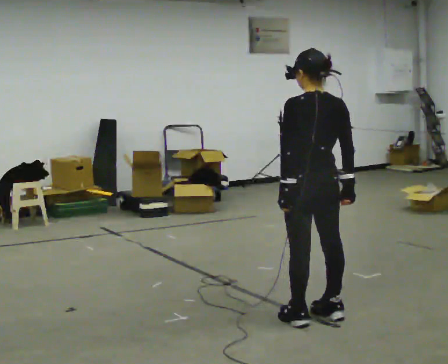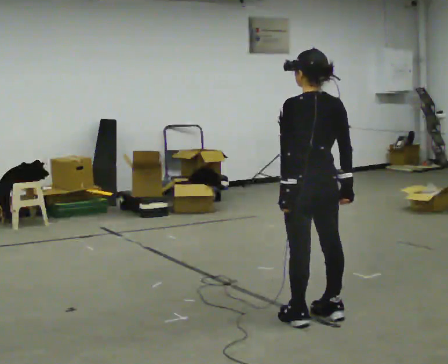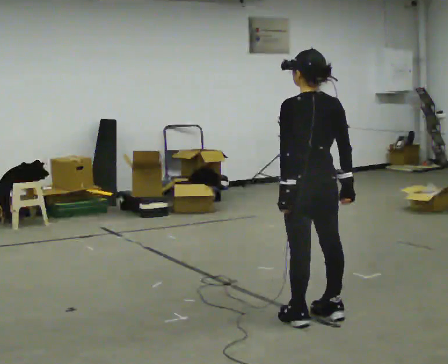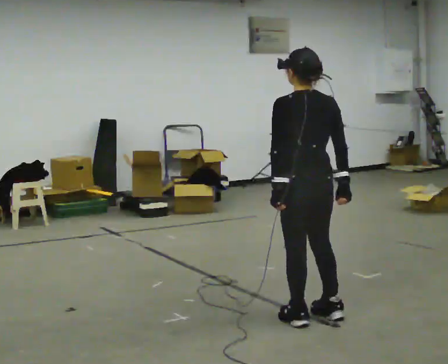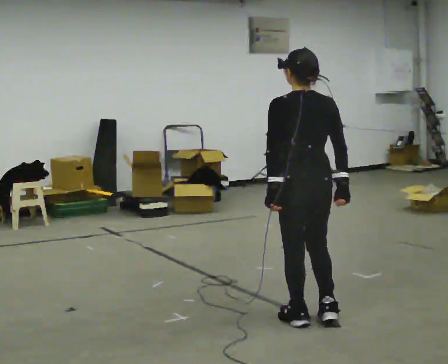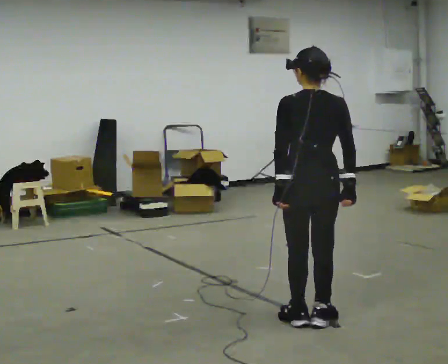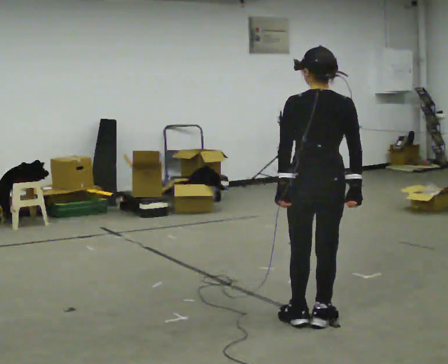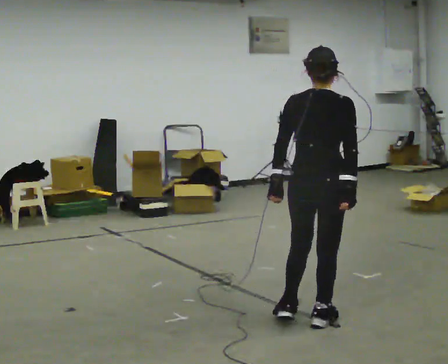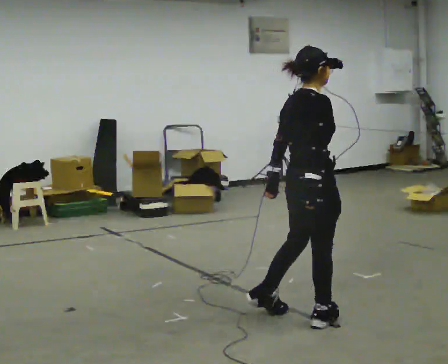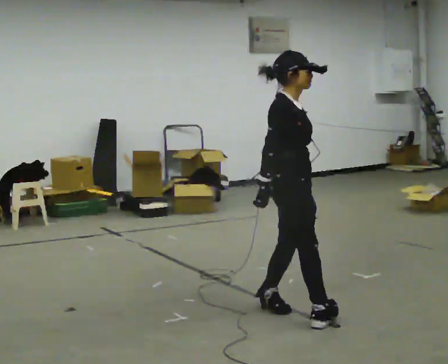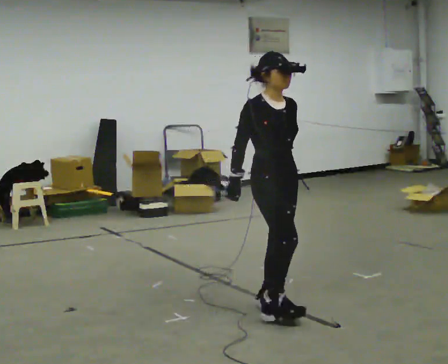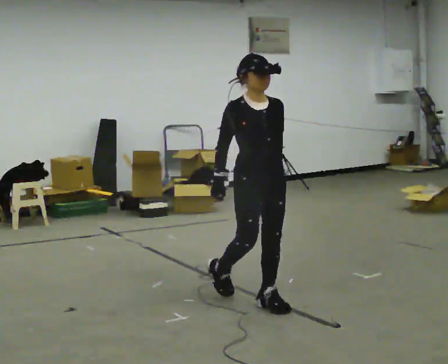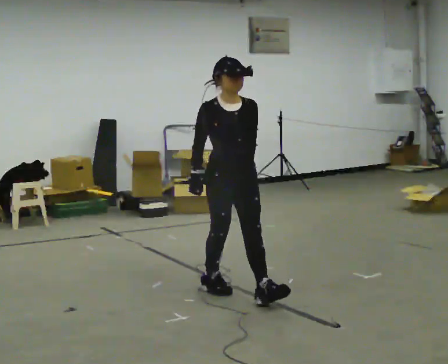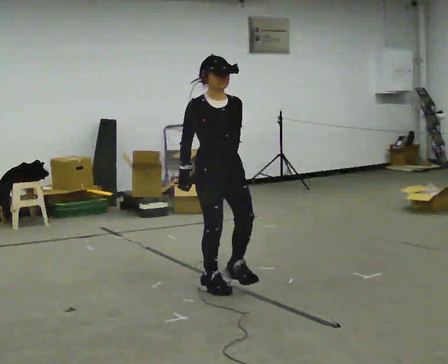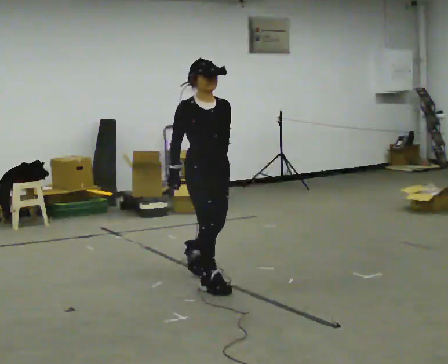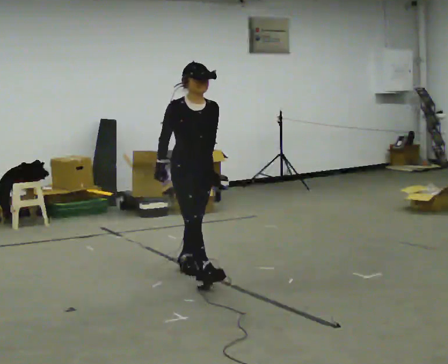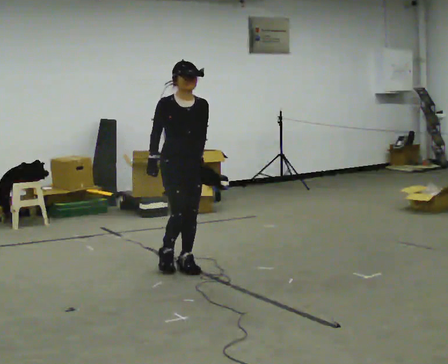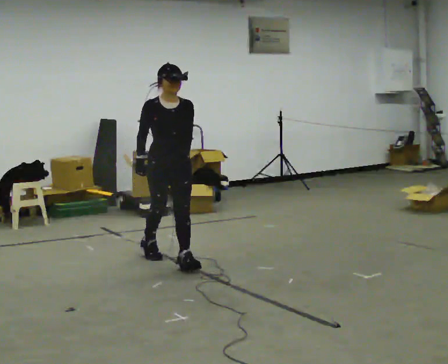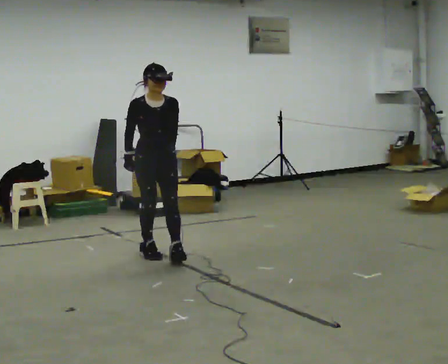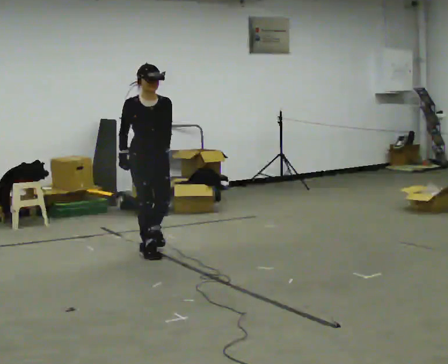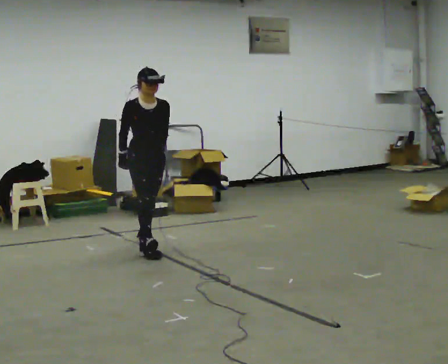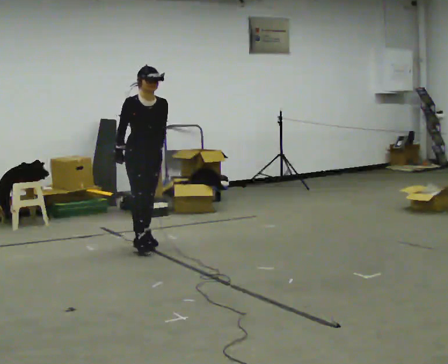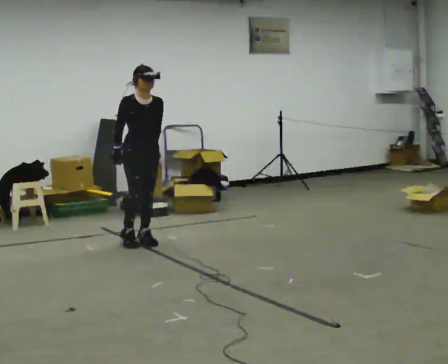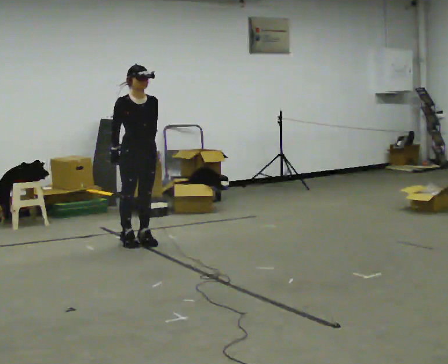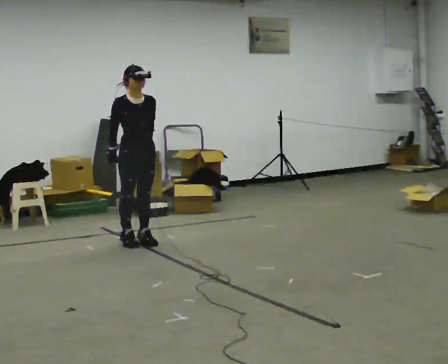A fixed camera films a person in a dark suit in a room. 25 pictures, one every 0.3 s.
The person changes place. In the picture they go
away from the camera.
0.0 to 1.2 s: The person moves a little, or ends about where they began.
1.2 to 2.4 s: Seen from above the body turns clockwise, about 75 degrees: to their right, with its near side sliding to the left.
2.4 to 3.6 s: The part of the body nearest the lens slides to the left as the person turns to their right by about 90 degrees. In the picture they go away from the camera and to the left, about 0.75 m in 2 steps.
3.6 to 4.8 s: In the picture they go away from the camera and to the left, about 1 m in 1 step, which for them is backward.
4.8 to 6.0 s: In the picture they go away from the camera and to the left, about 0.5 m in 1 step, which for them is backward.
6.0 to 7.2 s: In the picture they go away from the camera, about 0.25 m in 1 step, which for them is backward.
The film runs backward here.
